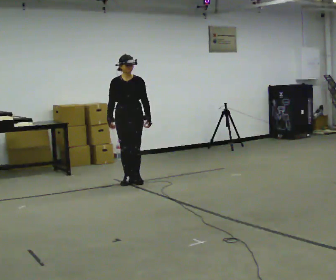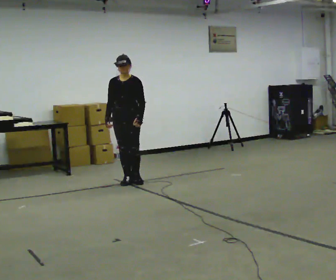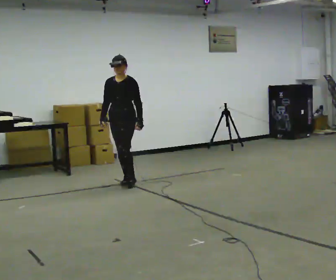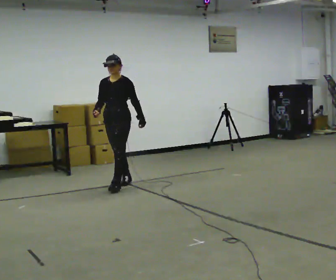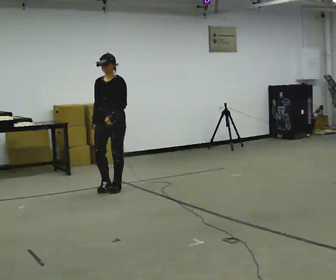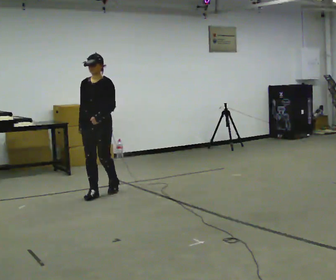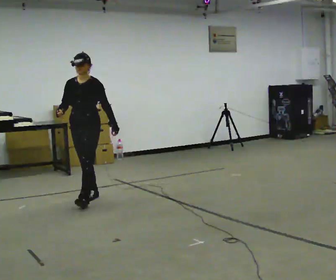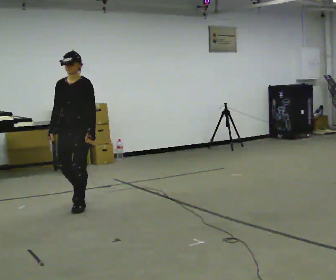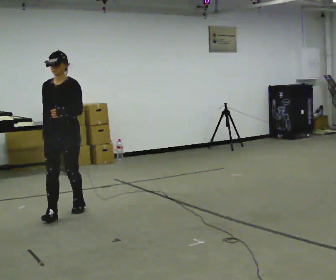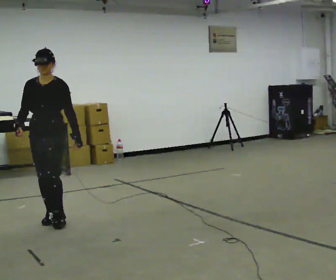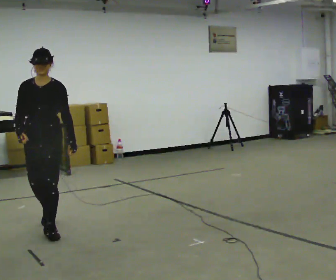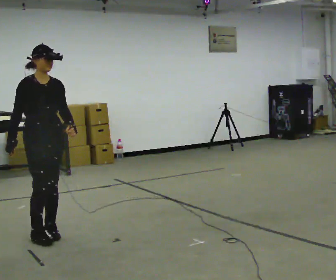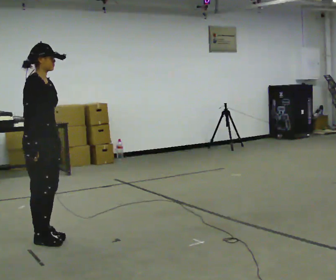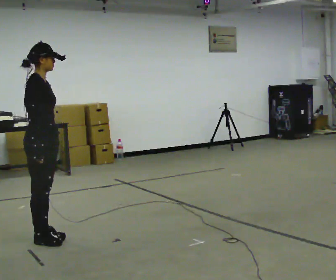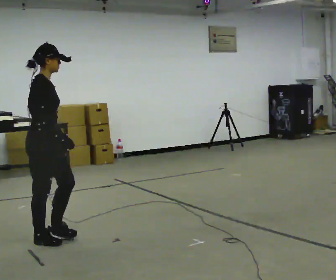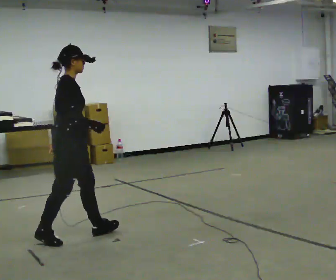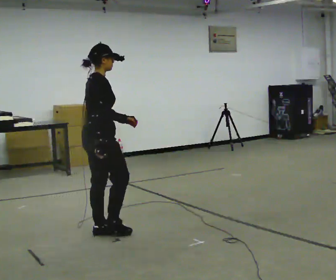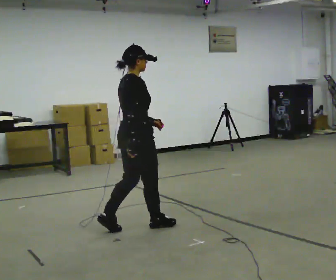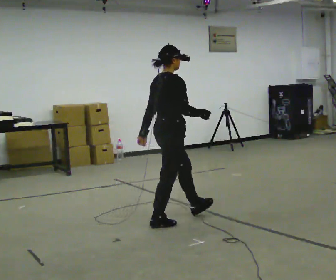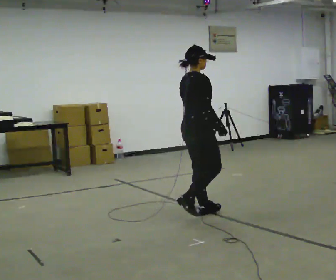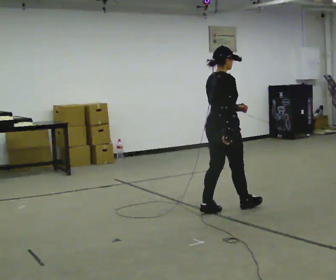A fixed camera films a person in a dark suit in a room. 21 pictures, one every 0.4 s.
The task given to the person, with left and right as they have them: Walk through 3–5 turns in sequence; keep moving; stop at end.
0.0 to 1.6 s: The part of the body nearest the lens slides to the left as the person turns to their right by about 30 degrees. In the picture they go toward the camera and to the left, about 0.5 m in 1 step, which for them is forward.
1.6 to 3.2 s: In the picture they go toward the camera and to the left, about 1 m in 3 steps, which for them is forward.
3.2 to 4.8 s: Seen from above the body turns counterclockwise, about 90 degrees: to their left, with its near side sliding to the right. In the picture they go toward the camera, about 1 m in 3 steps.
4.8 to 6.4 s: The part of the body nearest the lens slides to the right as the person turns to their left by about 30 degrees. In the picture they go to the right, about 0.5 m in 1 step, which for them is forward and to their left.
6.4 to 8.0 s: In the picture they go to the right, about 1.5 m in 3 steps, which for them is forward.
The film runs forward here.
